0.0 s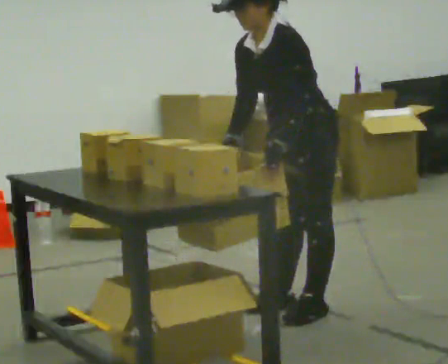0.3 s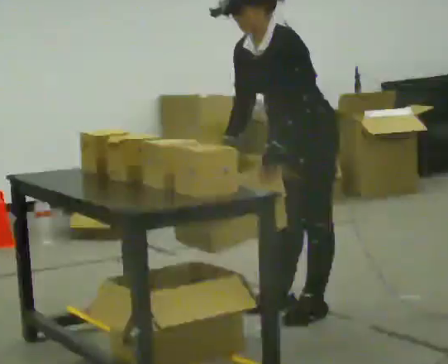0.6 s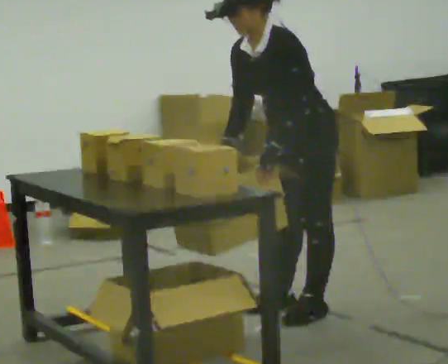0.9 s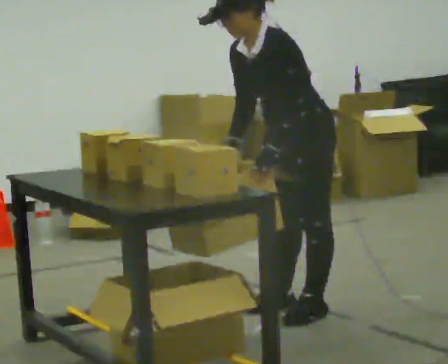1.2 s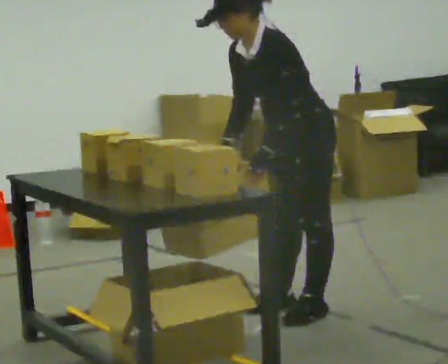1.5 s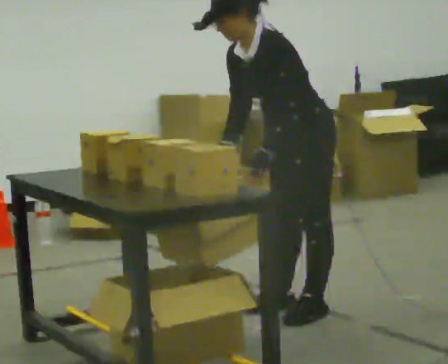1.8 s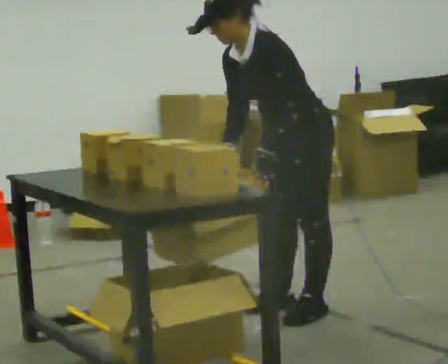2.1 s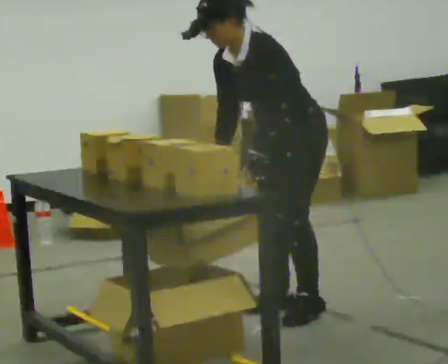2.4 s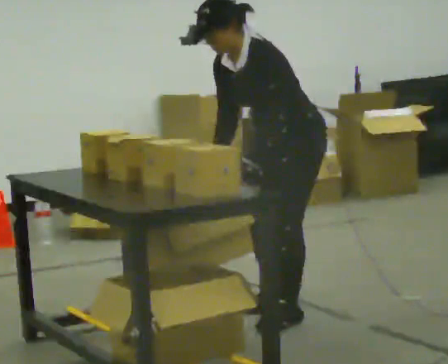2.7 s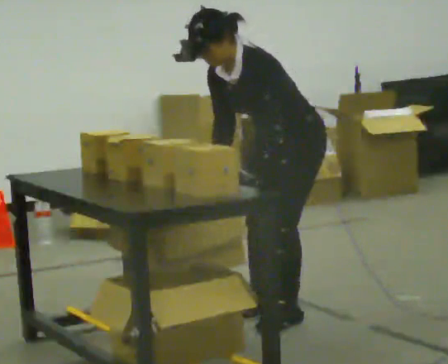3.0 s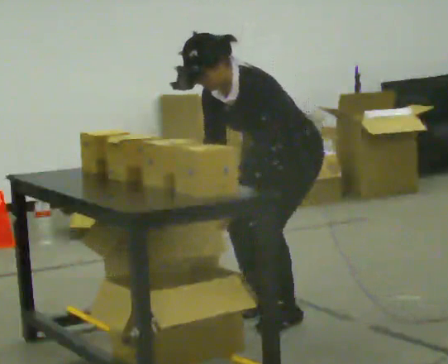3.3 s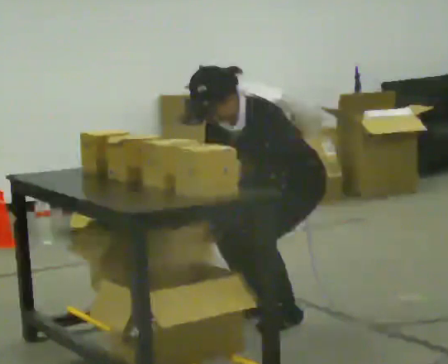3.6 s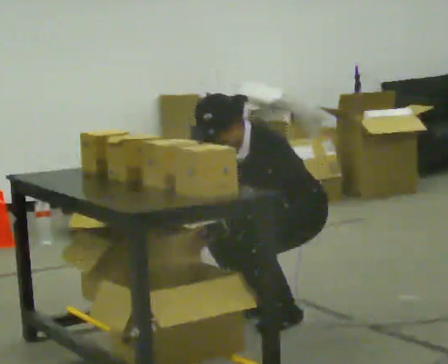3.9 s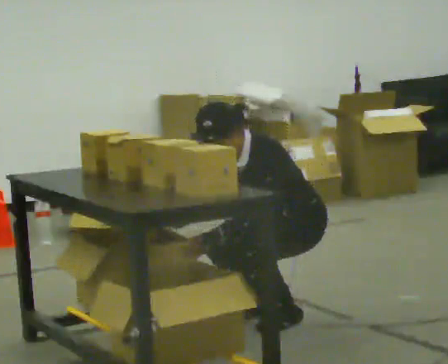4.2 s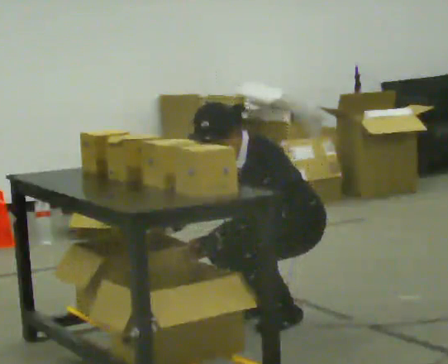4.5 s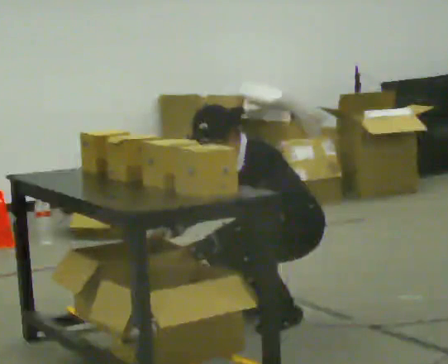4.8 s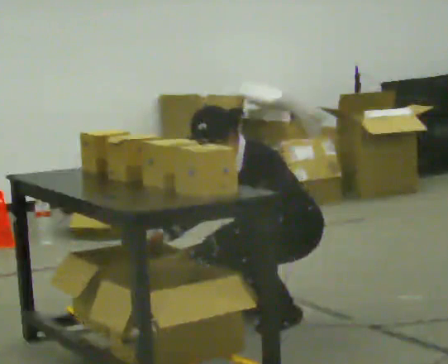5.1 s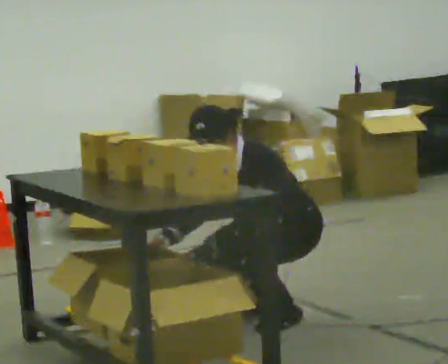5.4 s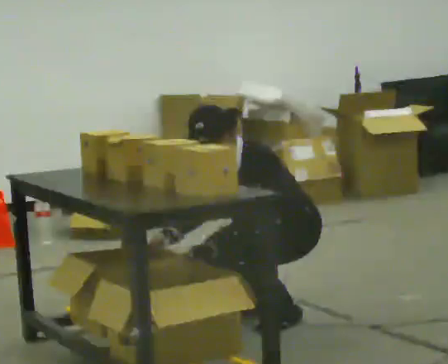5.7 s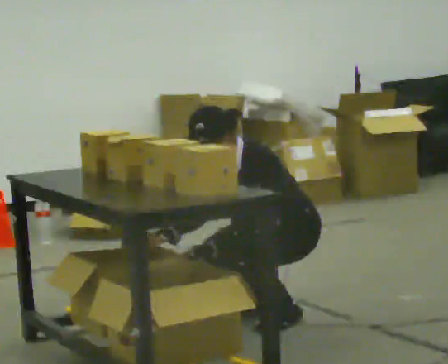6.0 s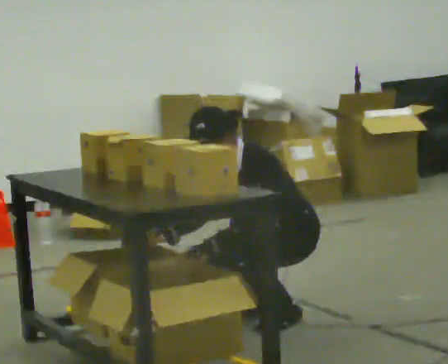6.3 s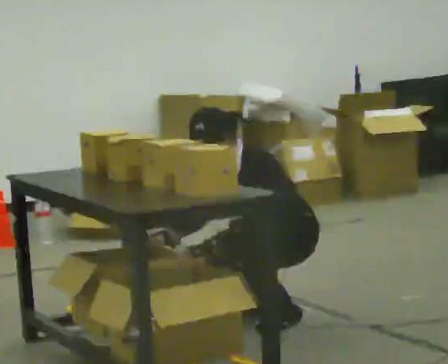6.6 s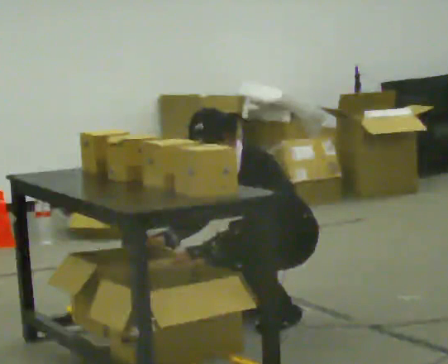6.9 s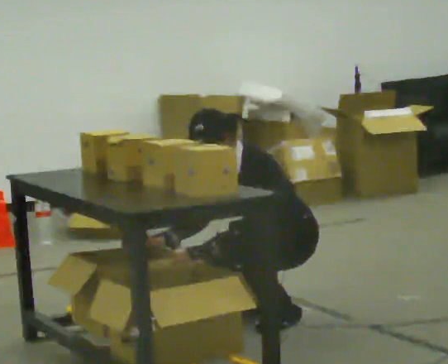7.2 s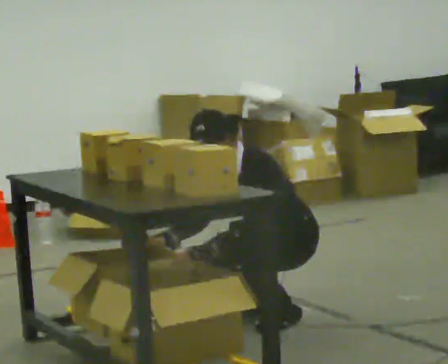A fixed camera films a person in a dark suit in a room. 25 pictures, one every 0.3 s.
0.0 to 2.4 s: The person moves a little, or ends about where they began.
2.4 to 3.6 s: The upper body goes downward.
3.6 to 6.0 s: The person moves a little, or ends about where they began.
6.0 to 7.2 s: The person keeps their place and pose.
The film runs forward here.
